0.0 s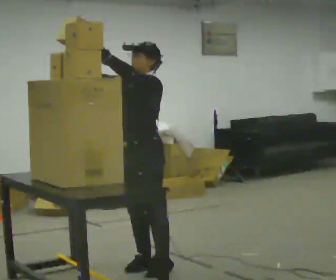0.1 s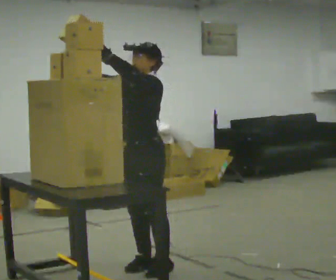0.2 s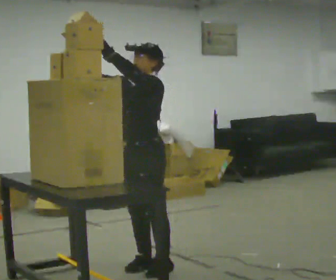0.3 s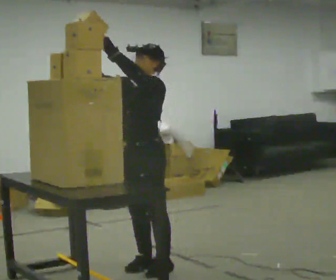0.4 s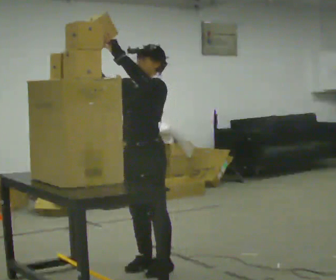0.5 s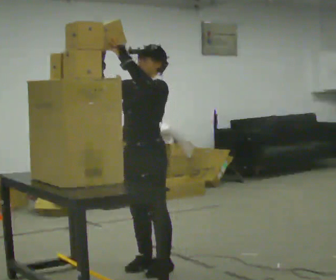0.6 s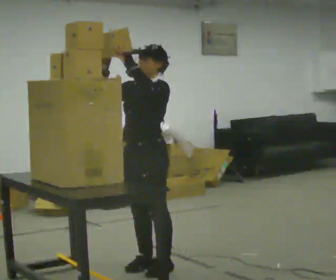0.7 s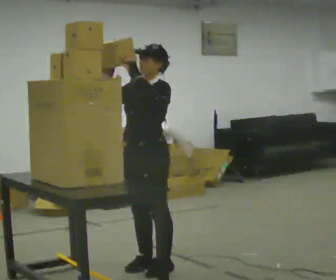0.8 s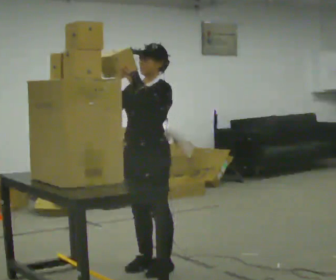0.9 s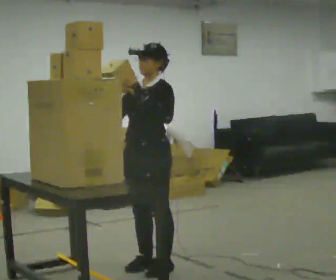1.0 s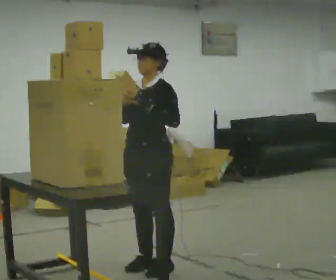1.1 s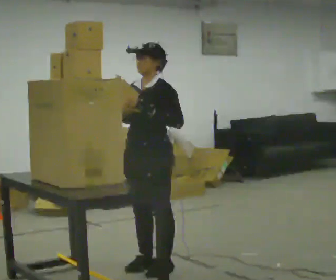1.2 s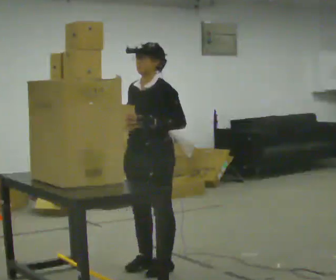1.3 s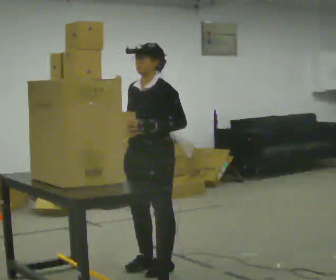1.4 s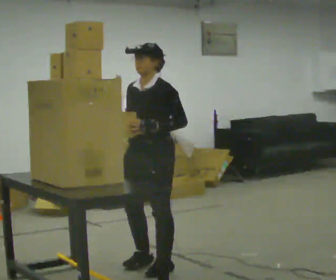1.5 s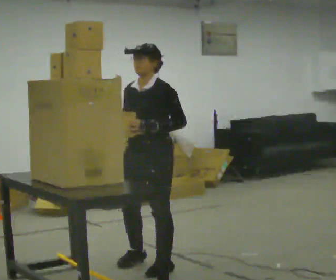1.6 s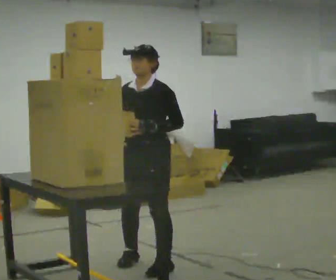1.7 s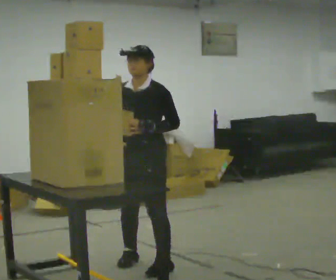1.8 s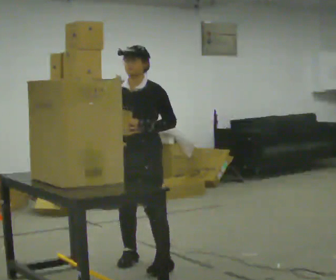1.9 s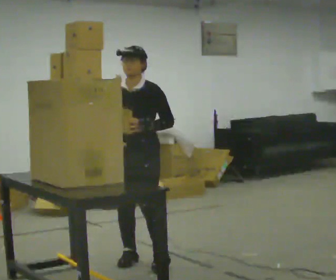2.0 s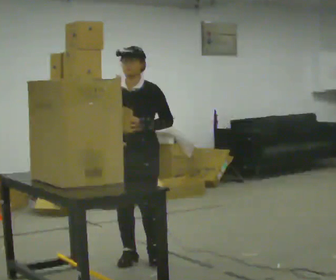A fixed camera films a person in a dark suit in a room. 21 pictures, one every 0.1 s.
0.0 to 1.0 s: In the picture their right hand goes downward.
1.0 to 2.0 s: Seen from above the body turns counterclockwise, about 30 degrees: to their left, with its near side sliding to the right. In the picture they go away from the camera, about 0.25 m in 2 steps, which for them is to their right and backward.
The film runs backward here.
